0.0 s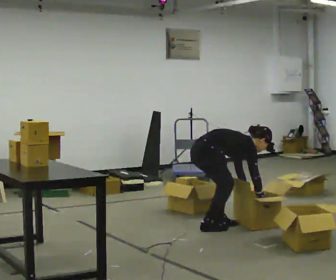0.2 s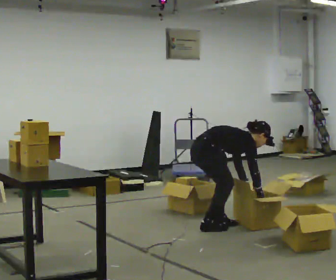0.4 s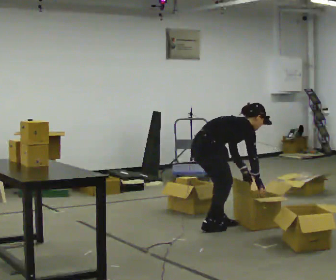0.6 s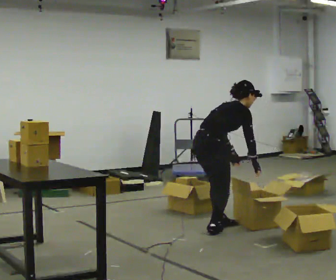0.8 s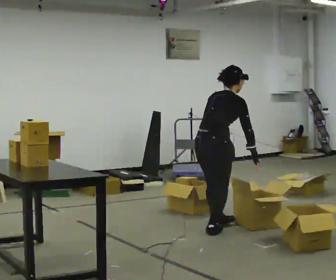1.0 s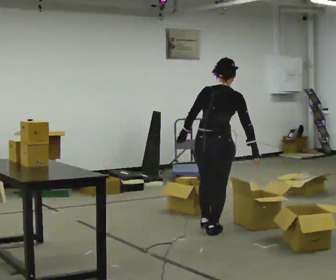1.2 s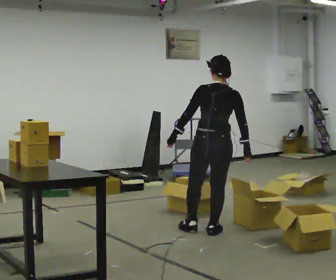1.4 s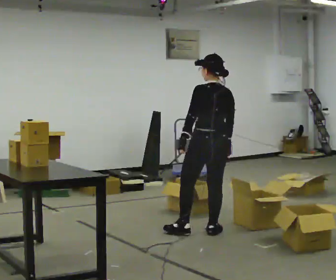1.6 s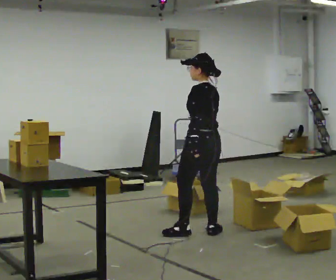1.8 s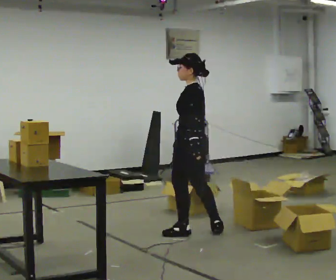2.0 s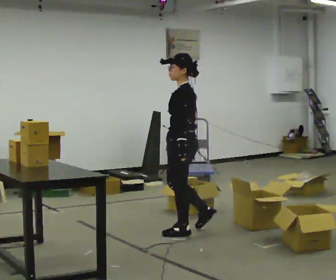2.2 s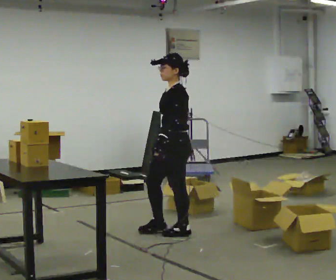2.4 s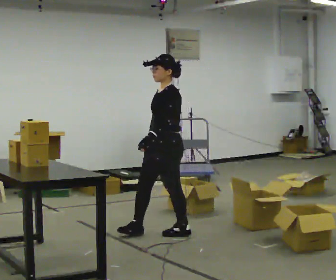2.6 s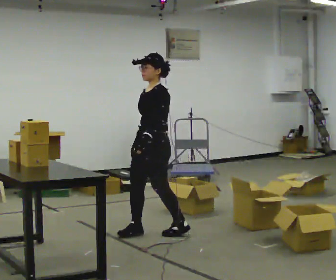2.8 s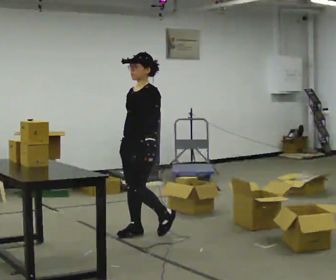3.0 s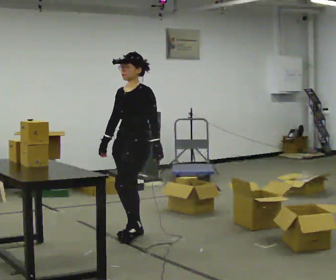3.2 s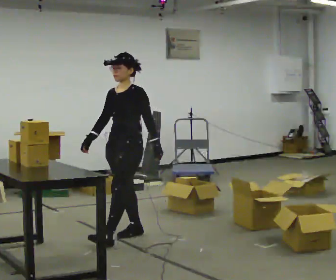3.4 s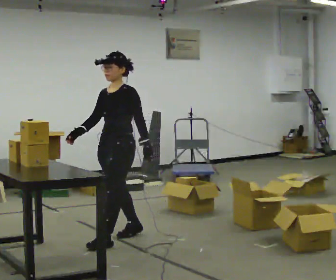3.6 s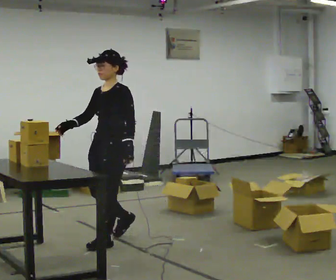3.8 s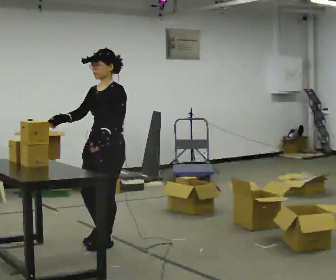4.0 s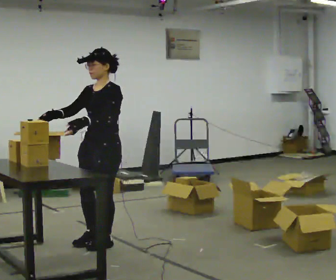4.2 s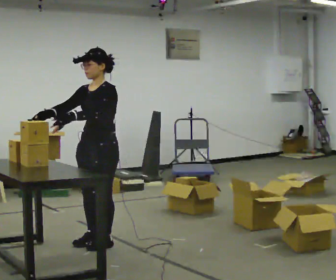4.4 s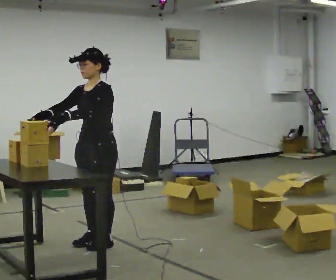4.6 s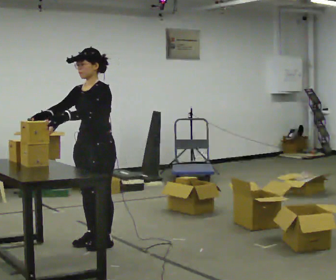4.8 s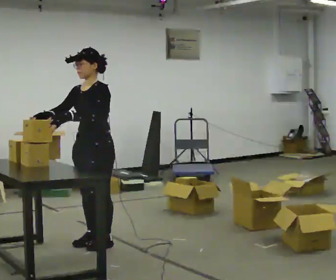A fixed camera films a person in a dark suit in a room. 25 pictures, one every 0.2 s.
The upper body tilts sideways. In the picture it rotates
counterclockwise.
The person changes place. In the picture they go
to the left.
0.0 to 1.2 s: Seen from above the body turns counterclockwise, about 60 degrees: to their left, with its near side sliding to the right. In the picture they go toward the camera, about 0.25 m in 1 step. The upper body goes upward. In the picture the upper body tilts counterclockwise, shoulders to the left, as they lean back or straighten. In the picture their left hand goes to the left and upward, the arm swinging clockwise.
1.2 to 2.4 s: The part of the body nearest the lens slides to the right as the person turns to their left by about 120 degrees. In the picture they go to the left, about 0.5 m in 2 steps.
2.4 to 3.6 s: In the picture they go to the left and toward the camera, about 0.5 m in 1 step, which for them is forward.
3.6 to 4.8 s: In the picture their left hand goes to the left.
The film runs forward here.
